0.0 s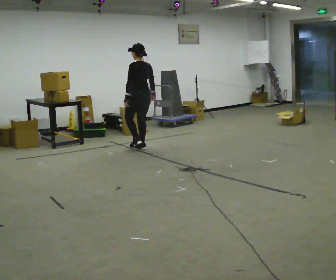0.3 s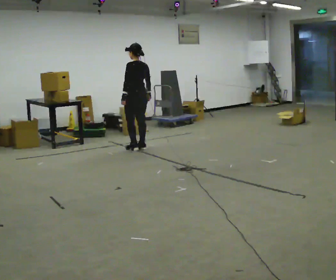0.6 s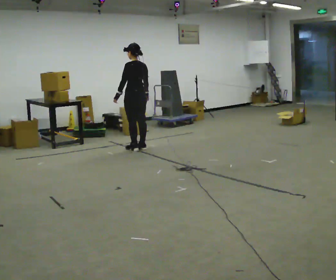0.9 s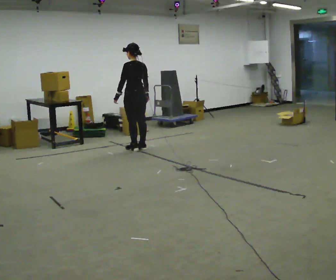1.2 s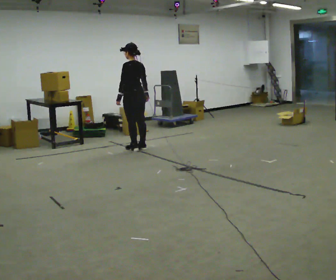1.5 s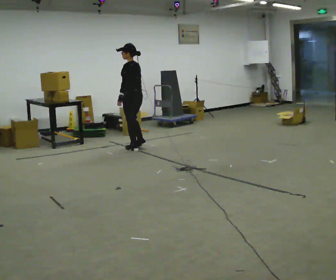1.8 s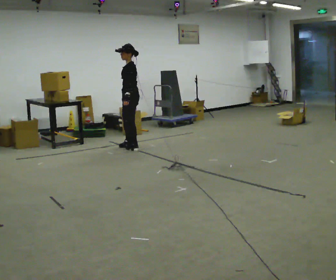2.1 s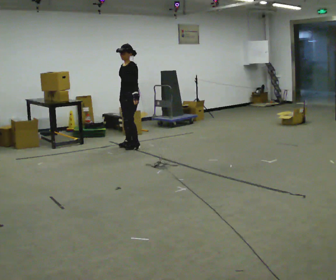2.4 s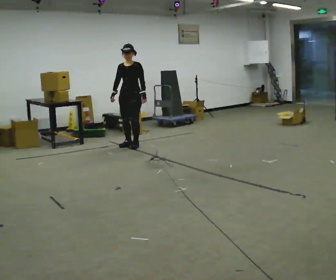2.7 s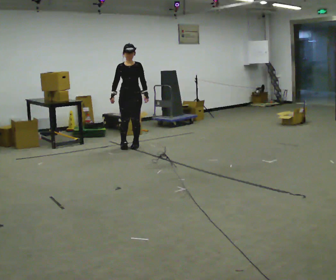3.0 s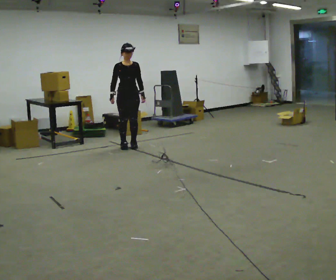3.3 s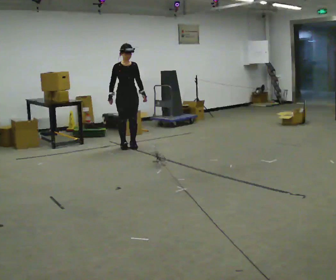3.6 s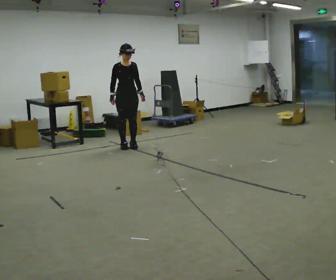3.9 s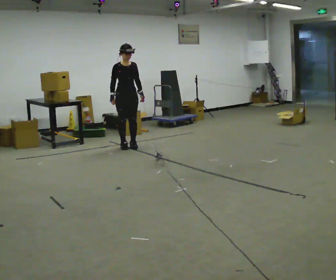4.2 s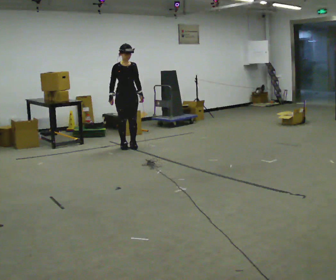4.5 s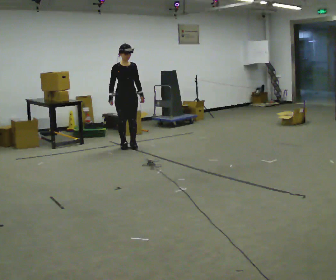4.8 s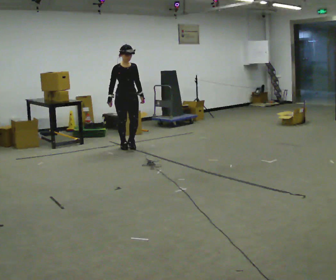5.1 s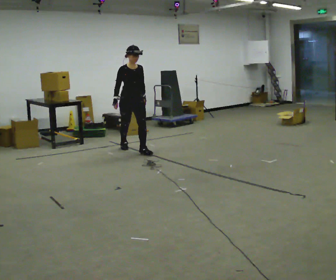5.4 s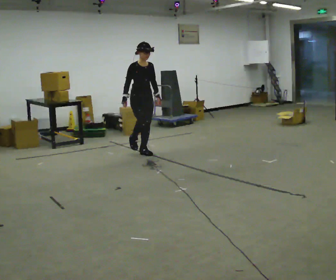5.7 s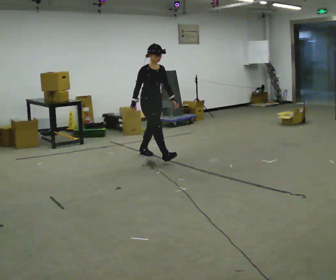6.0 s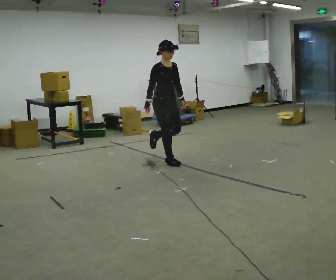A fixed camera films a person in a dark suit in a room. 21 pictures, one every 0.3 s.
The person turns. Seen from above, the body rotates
counterclockwise.
The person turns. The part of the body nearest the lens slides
to the right.
0.0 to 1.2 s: The person moves a little, or ends about where they began.
1.2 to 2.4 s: The part of the body nearest the lens slides to the right as the person turns to their left by about 120 degrees. In the picture they go away from the camera, about 0.25 m in 2 steps. In the picture their right hand goes to the left, the arm swinging clockwise.
2.4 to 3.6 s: The person turns about 45 degrees to their left, counterclockwise seen from above, so the part of the body nearest the lens slides to the right.
3.6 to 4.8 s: The person moves a little, or ends about where they began.
4.8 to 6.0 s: The person turns about 30 degrees to their left, counterclockwise seen from above, so the part of the body nearest the lens slides to the right. In the picture they go toward the camera and to the right, about 1 m in 2 steps, which for them is forward.
The film runs forward here.
